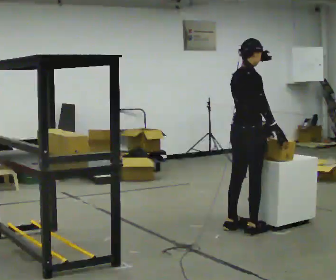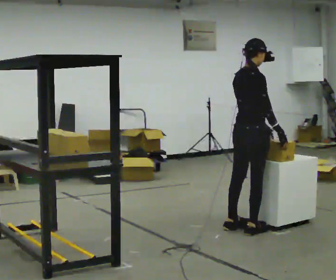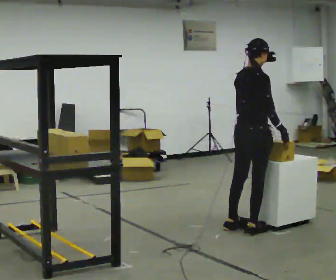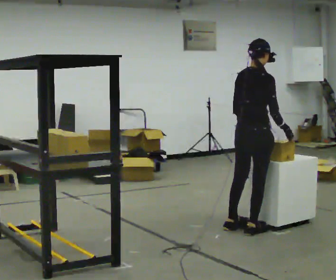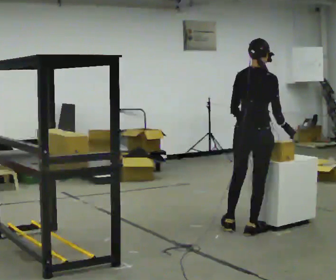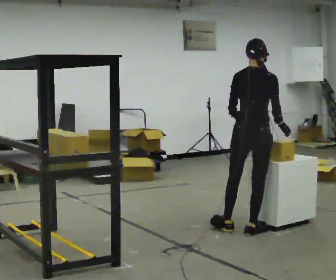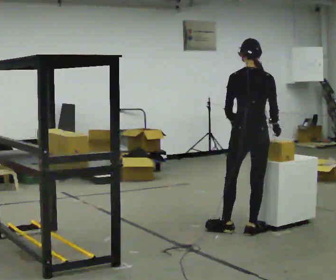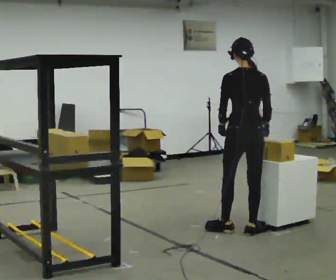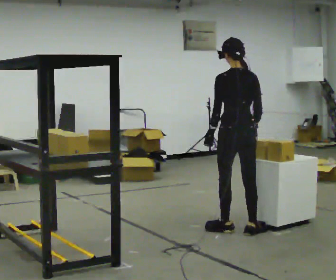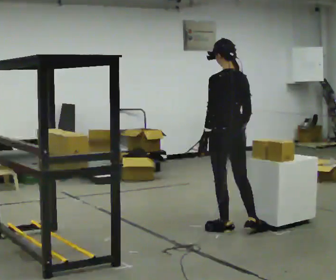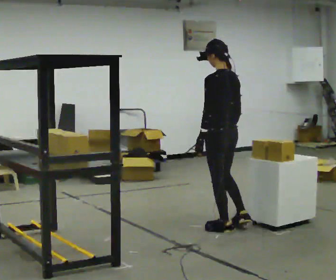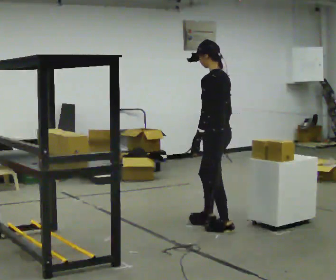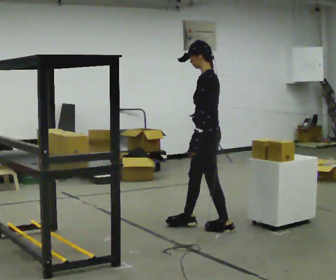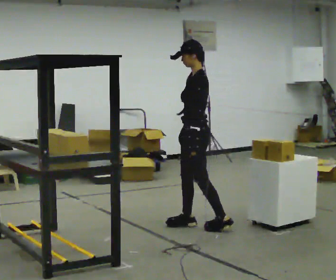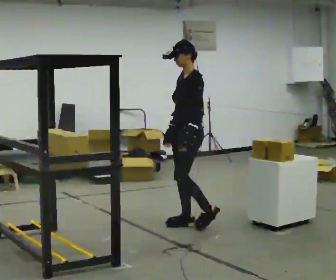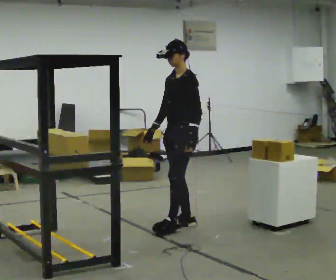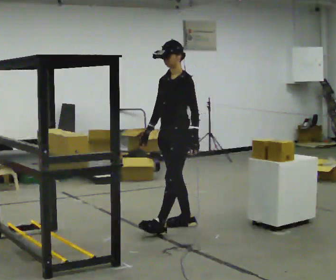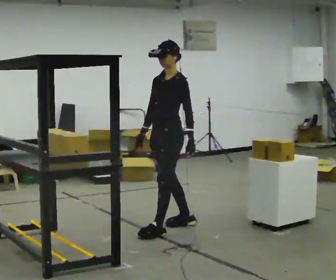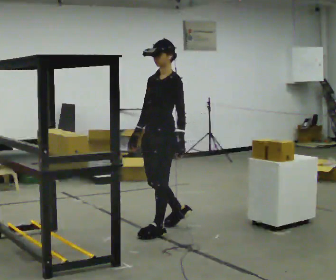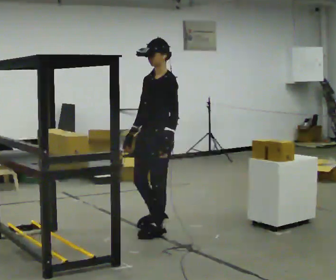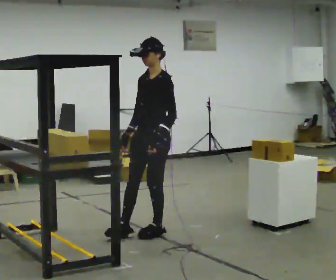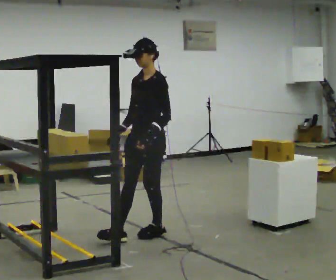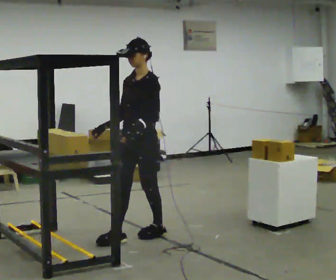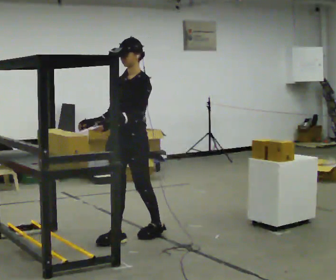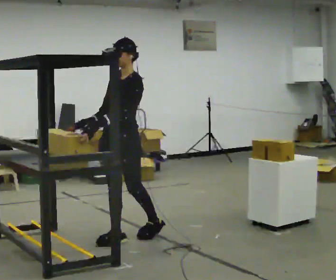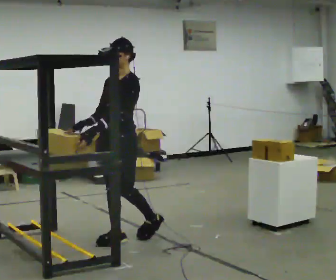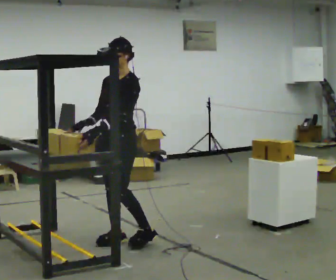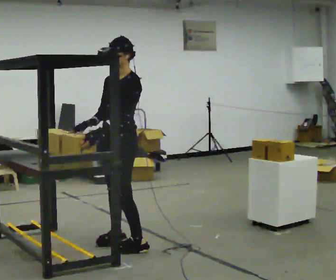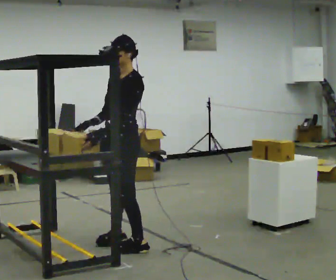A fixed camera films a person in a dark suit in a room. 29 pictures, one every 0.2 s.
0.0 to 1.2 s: The person turns about 60 degrees to their left, counterclockwise seen from above, so the part of the body nearest the lens slides to the right.
1.2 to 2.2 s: Seen from above the body turns counterclockwise, about 60 degrees: to their left, with its near side sliding to the right. In the picture they go to the left, about 0.25 m.
2.2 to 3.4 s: Seen from above the body turns counterclockwise, about 60 degrees: to their left, with its near side sliding to the right. In the picture they go to the left, about 0.5 m in 2 steps.
3.4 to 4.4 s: In the picture they go toward the camera and to the left, about 0.25 m in 1 step, which for them is forward.
4.4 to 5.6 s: In the picture they go toward the camera, about 0.25 m in 1 step, which for them is forward.
The film runs forward here.
